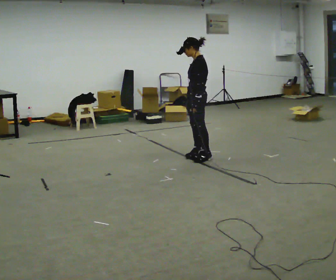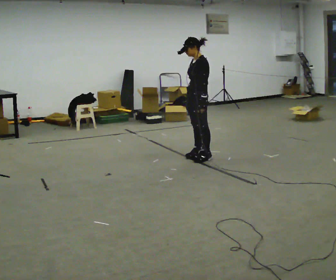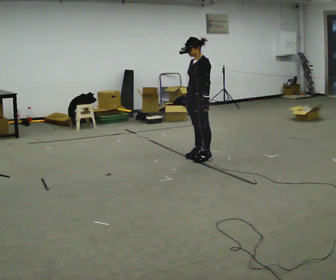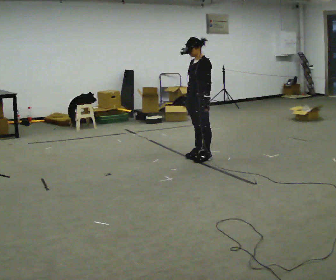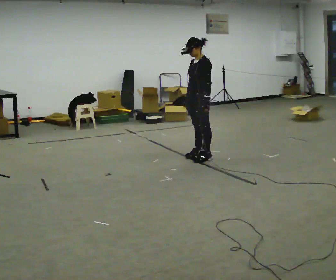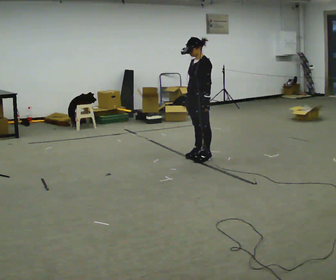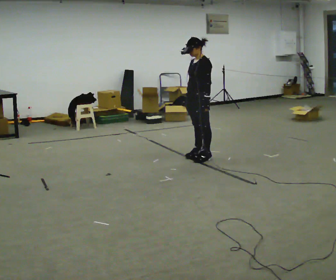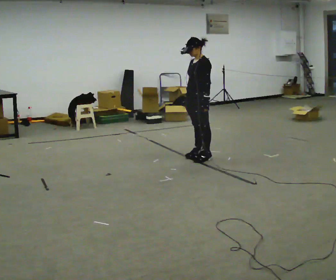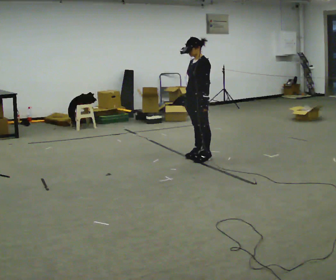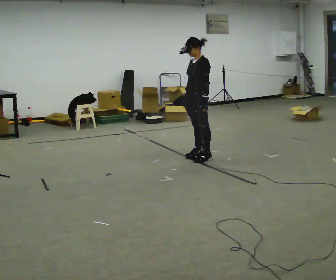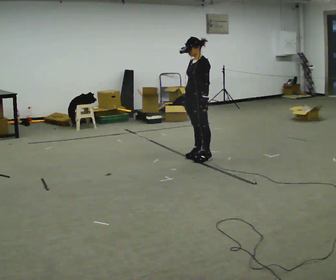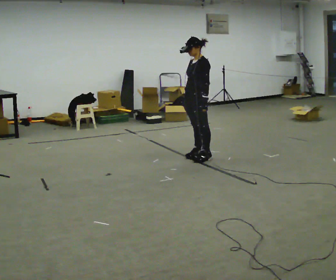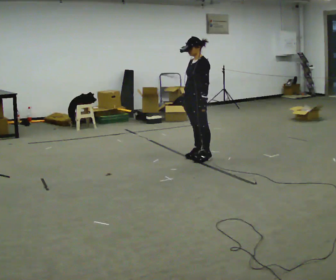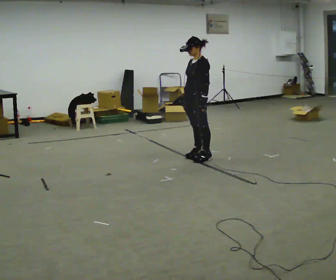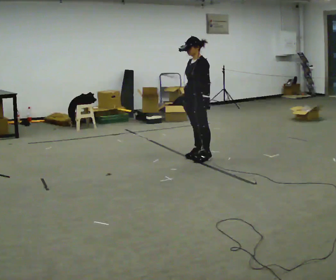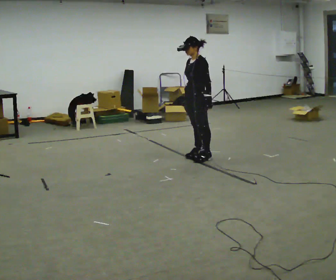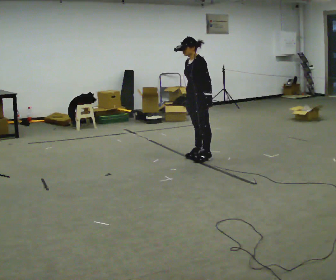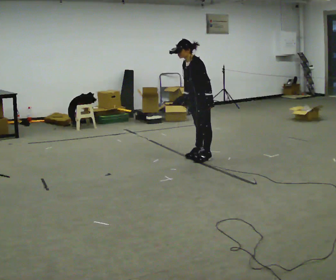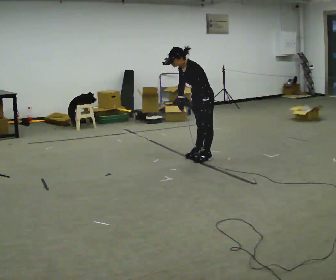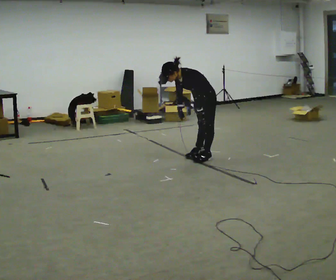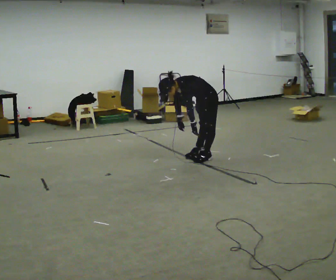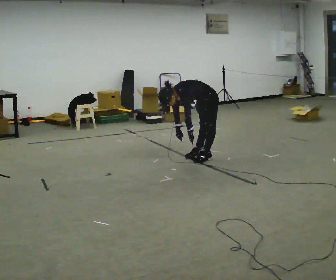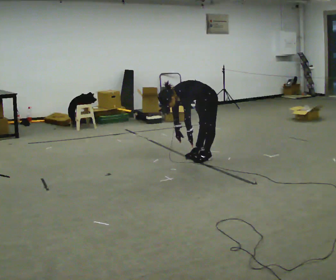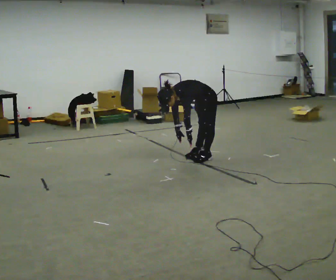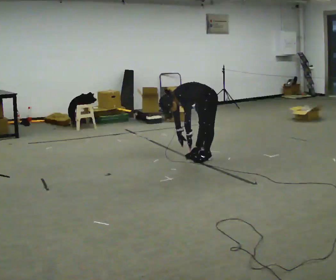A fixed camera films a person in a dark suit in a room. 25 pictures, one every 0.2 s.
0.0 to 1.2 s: The part of the body nearest the lens slides to the right as the person turns to their left by about 30 degrees.
1.2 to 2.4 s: The person moves a little, or ends about where they began.
2.4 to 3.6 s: In the picture the upper body tilts counterclockwise, shoulders to the left, as they bend forward.
3.6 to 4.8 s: The shoulders move downward. In the picture the upper body tilts counterclockwise, shoulders to the left, as they bend forward. In the picture their right hand goes downward.
The film runs backward here.
